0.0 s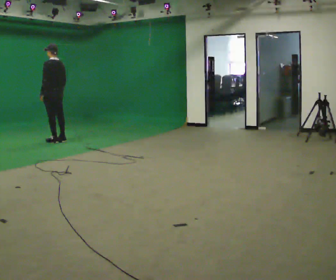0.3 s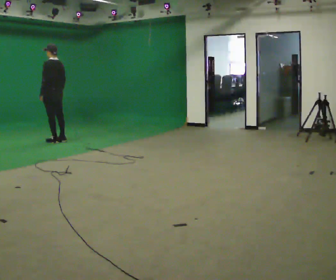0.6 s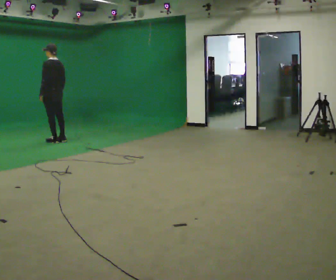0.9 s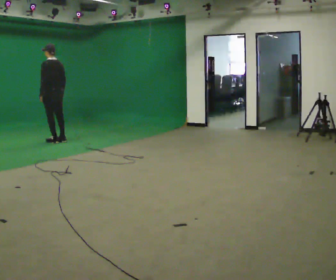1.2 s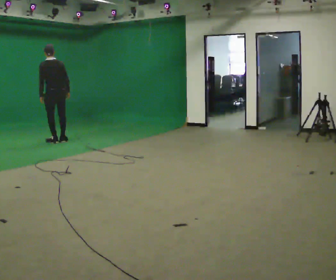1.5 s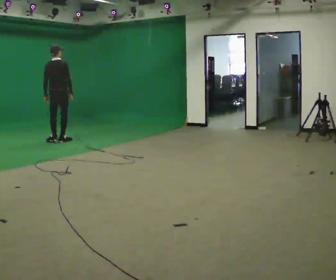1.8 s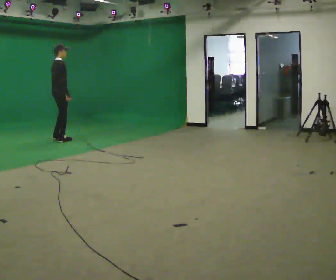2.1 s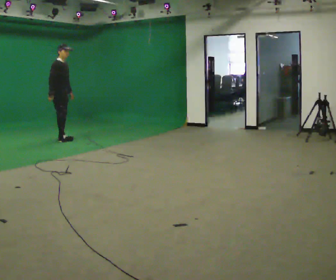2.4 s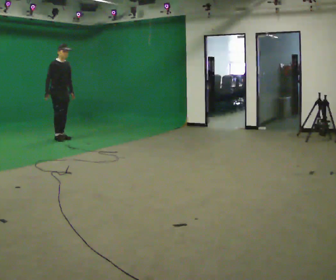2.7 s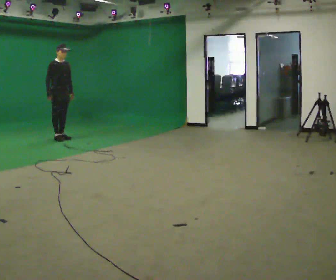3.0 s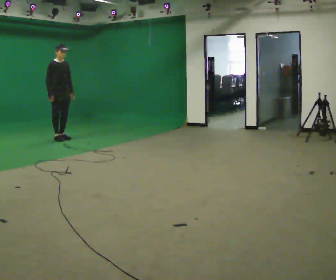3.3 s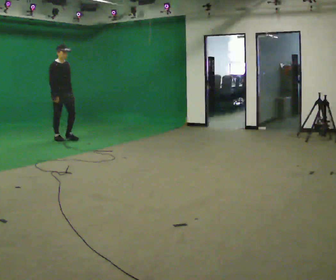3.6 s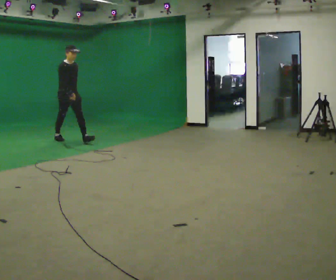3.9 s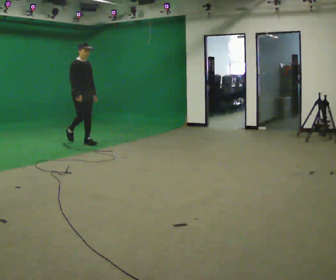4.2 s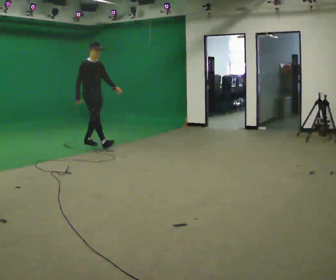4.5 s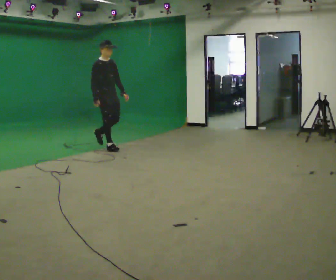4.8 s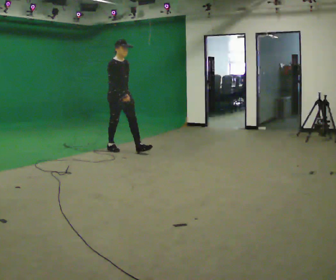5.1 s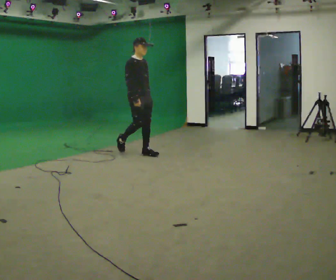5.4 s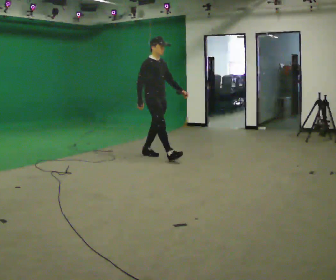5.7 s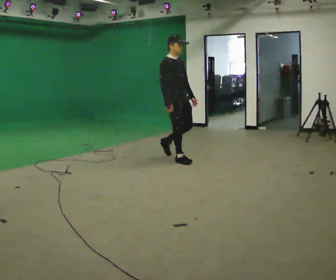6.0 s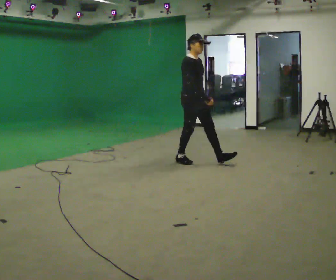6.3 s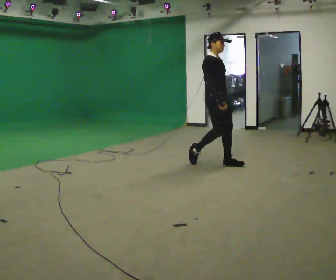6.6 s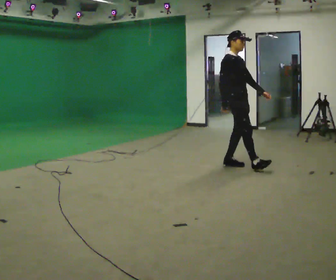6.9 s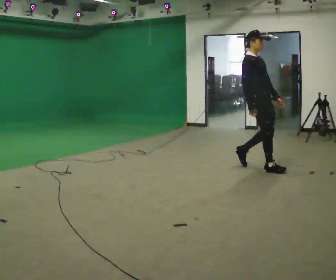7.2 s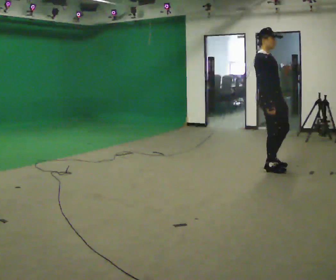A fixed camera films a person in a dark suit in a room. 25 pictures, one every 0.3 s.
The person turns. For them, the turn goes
to their right.
The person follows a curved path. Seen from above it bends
clockwise.
0.0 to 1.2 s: The part of the body nearest the lens slides to the left as the person turns to their right by about 30 degrees.
1.2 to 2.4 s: The part of the body nearest the lens slides to the left as the person turns to their right by about 150 degrees. In the picture they go away from the camera, about 0.25 m in 2 steps. In the picture the upper body tilts clockwise, shoulders to the right.
2.4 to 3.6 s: In the picture they go toward the camera and to the right, about 0.25 m, which for them is forward.
3.6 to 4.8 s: In the picture they go toward the camera and to the right, about 1 m in 2 steps, which for them is forward.
4.8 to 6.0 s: In the picture they go toward the camera and to the right, about 1.5 m in 2 steps, which for them is forward.
6.0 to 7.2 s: In the picture they go toward the camera and to the right, about 1 m in 2 steps, which for them is forward.
The film runs forward here.
